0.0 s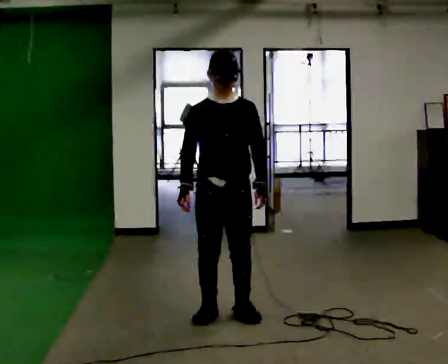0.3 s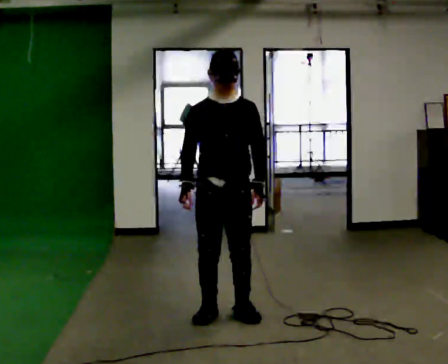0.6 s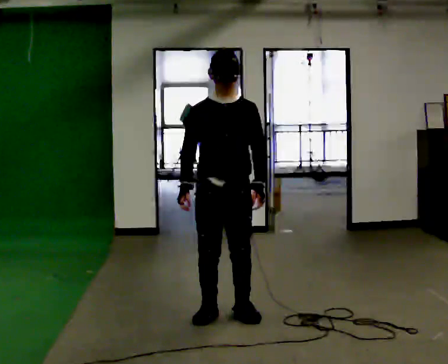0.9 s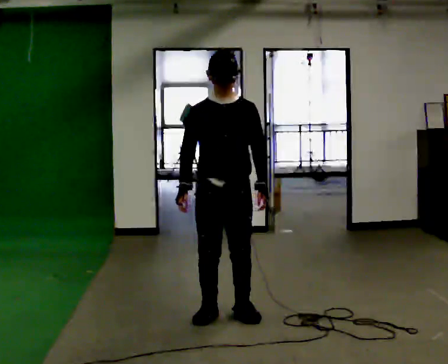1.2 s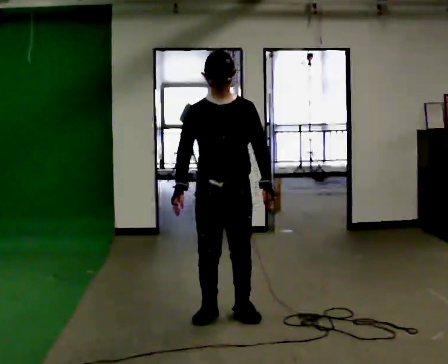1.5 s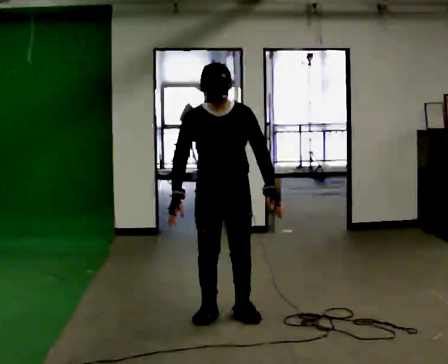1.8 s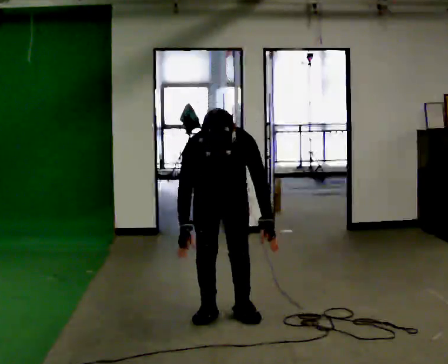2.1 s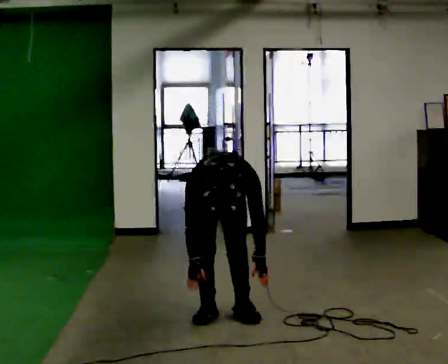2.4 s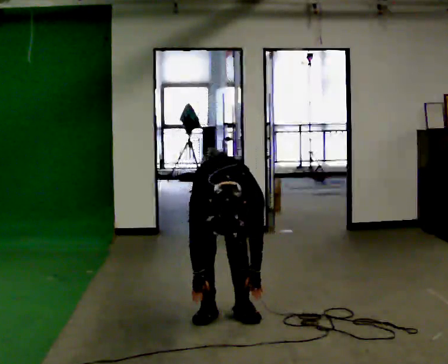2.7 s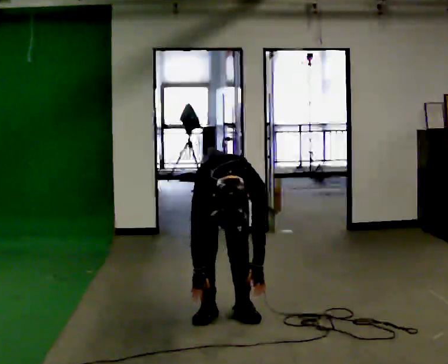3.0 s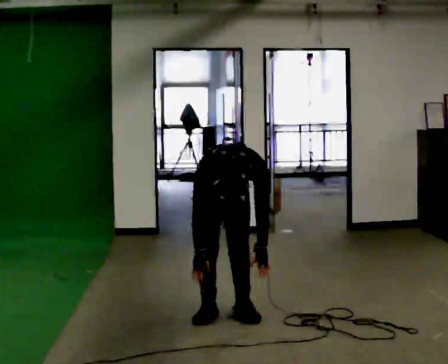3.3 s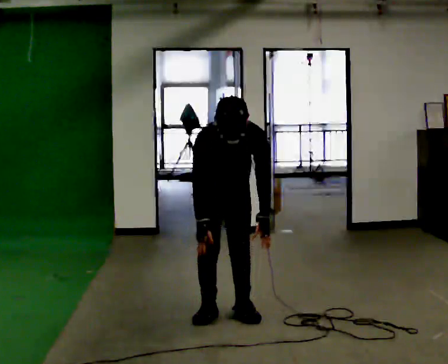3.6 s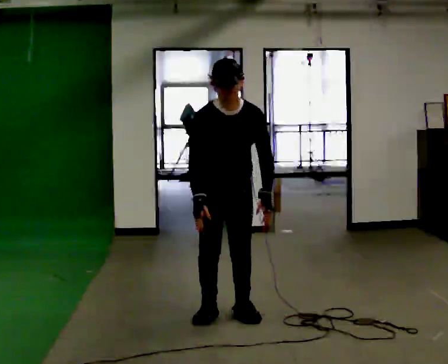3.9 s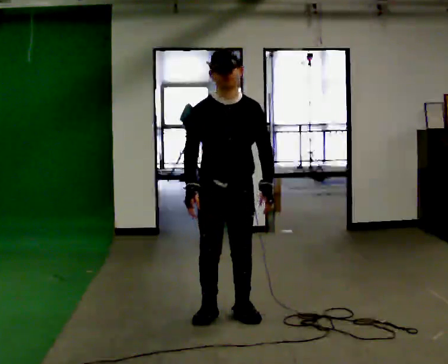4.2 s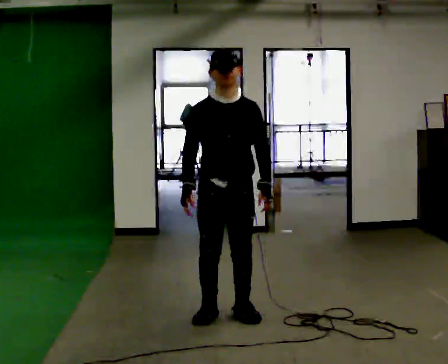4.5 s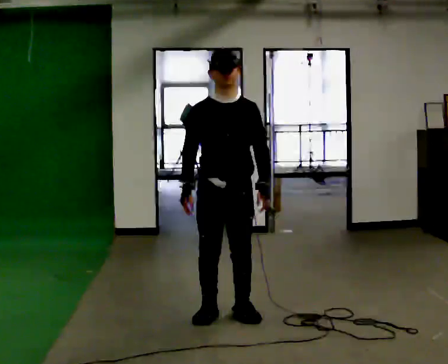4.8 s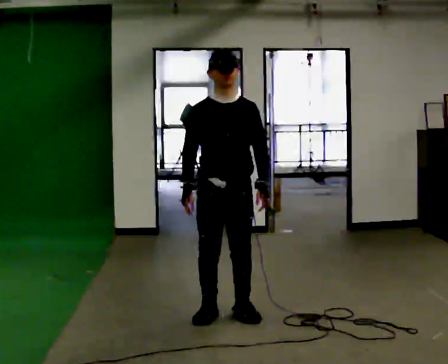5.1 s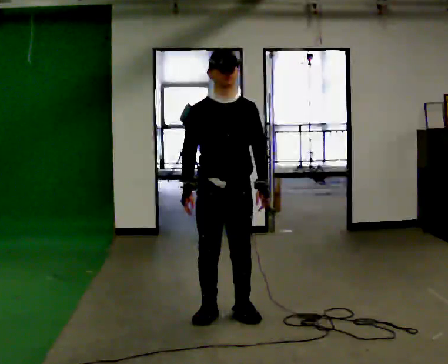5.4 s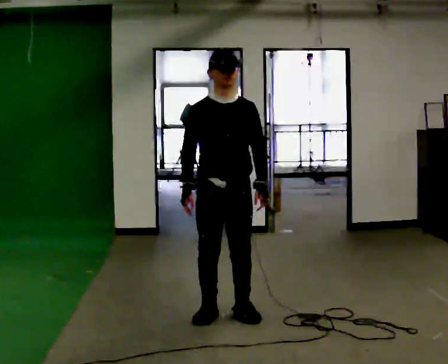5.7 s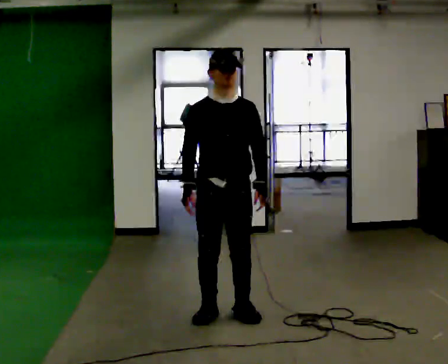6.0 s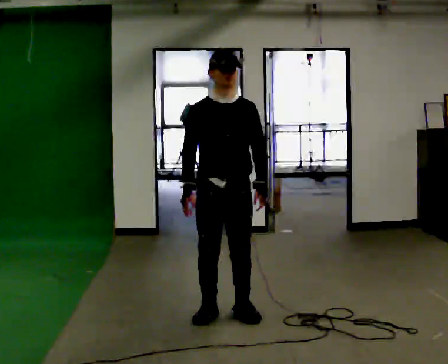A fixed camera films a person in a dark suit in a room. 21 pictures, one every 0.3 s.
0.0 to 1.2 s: The person moves a little, or ends about where they began.
1.2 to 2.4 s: In the picture they go away from the camera, about 0.25 m, which for them is backward. The shoulders move downward. The upper body tips toward the camera, its near side rolling downward, as they bend forward. In the picture their left hand goes downward.
2.4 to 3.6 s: In the picture they go toward the camera, about 0.25 m, which for them is forward. The shoulders move upward. The upper body tips away from the camera, its near side rolling upward, as they lean back or straighten. In the picture their right hand goes upward.
3.6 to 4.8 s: The upper body tips away from the camera, its near side rolling upward, as they lean back or straighten.
4.8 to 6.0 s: The person moves a little, or ends about where they began.
The film runs forward here.
